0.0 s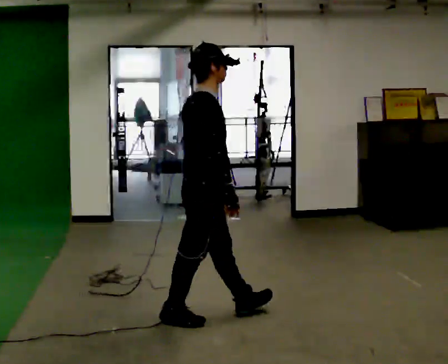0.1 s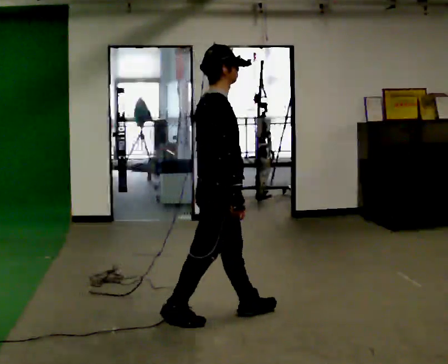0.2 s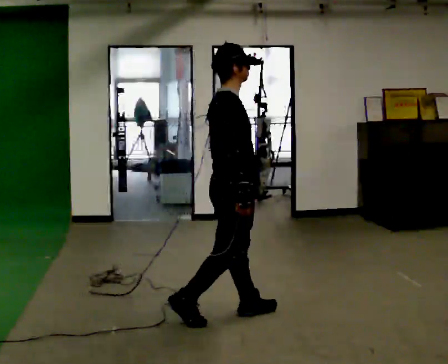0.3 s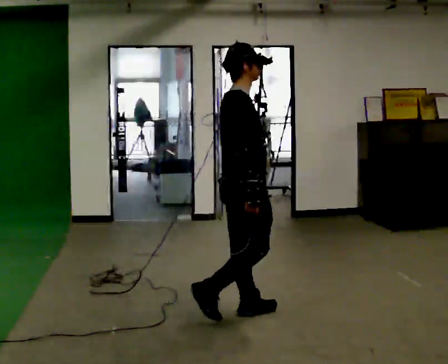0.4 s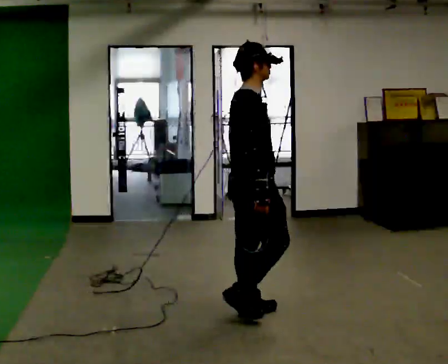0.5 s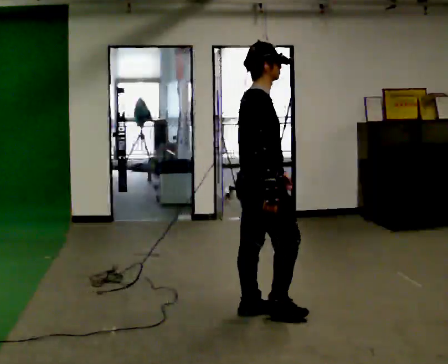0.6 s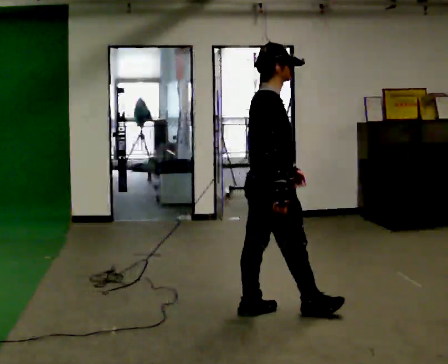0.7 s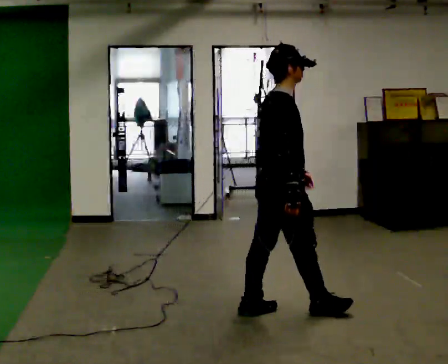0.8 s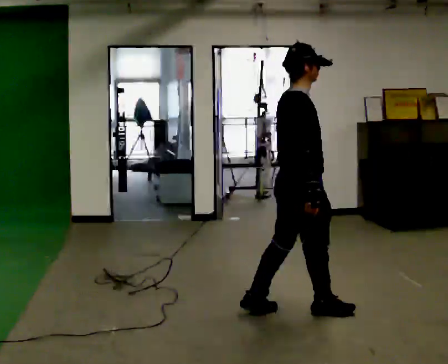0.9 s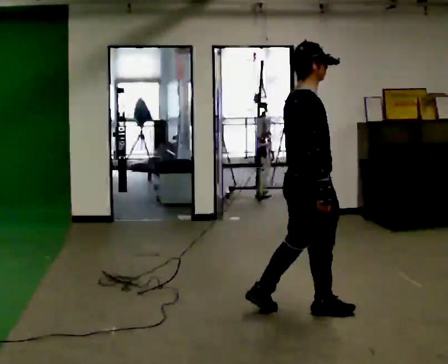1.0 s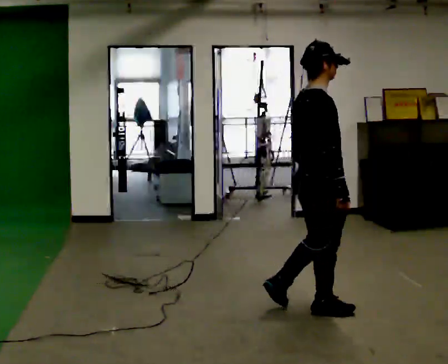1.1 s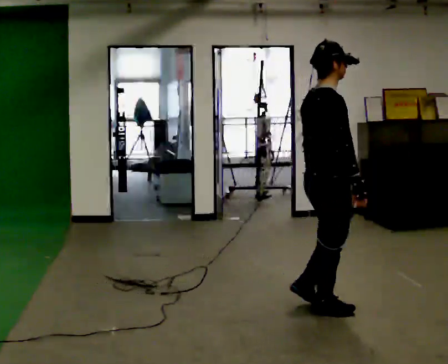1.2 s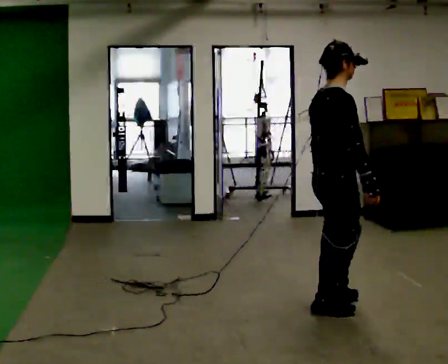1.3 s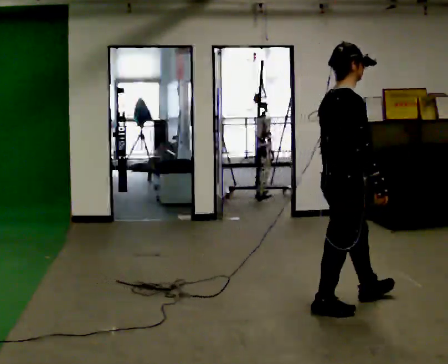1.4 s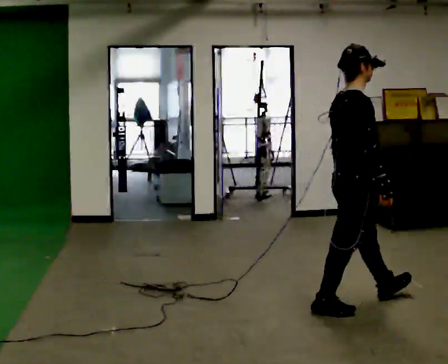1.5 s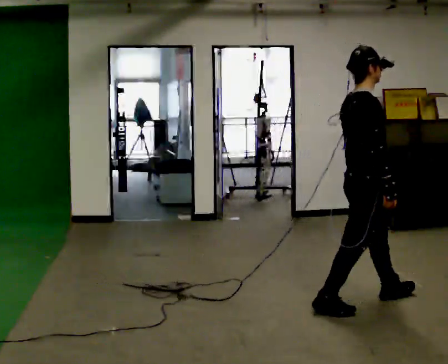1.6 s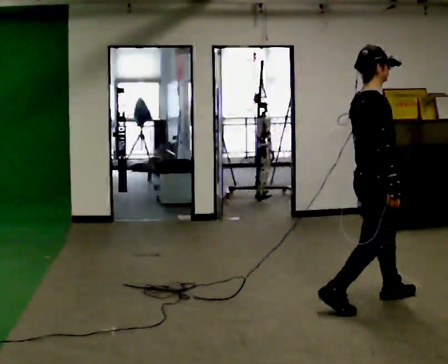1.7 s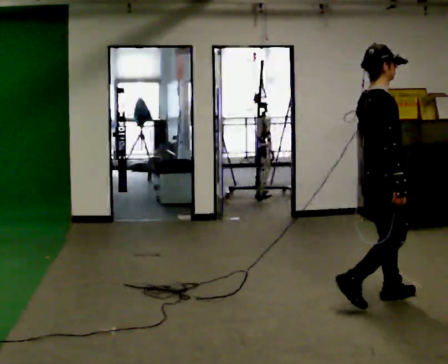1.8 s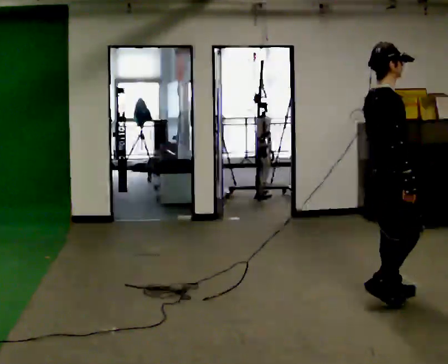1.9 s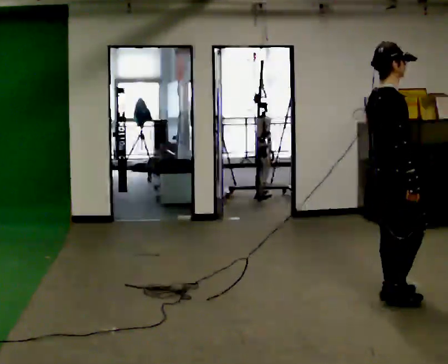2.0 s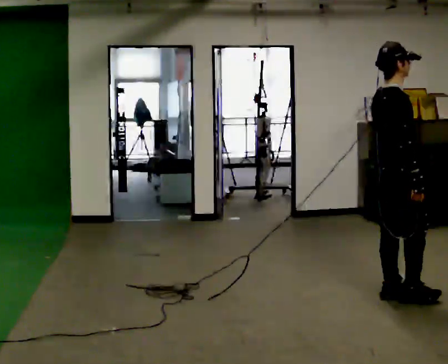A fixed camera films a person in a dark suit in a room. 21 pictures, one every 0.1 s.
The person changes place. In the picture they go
to the right.
0.0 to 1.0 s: In the picture they go to the right, about 0.5 m in 2 steps, which for them is forward.
1.0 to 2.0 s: In the picture they go to the right and away from the camera, about 0.5 m in 1 step, which for them is forward.
The film runs forward here.
